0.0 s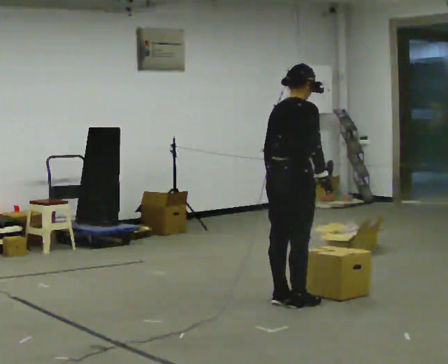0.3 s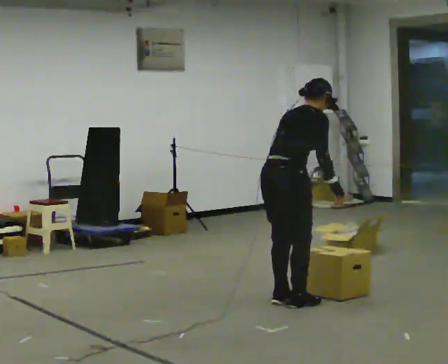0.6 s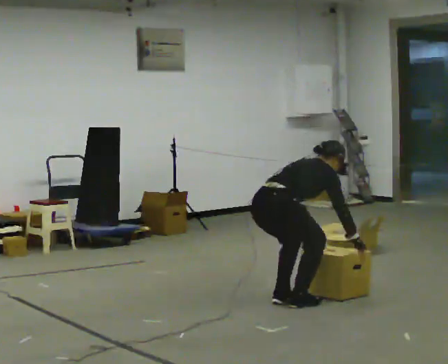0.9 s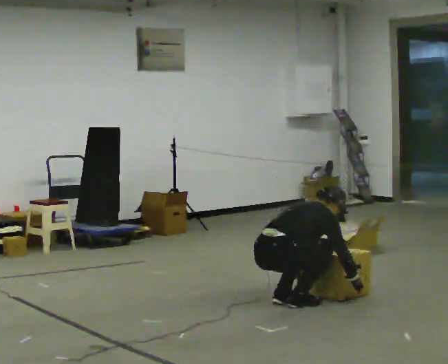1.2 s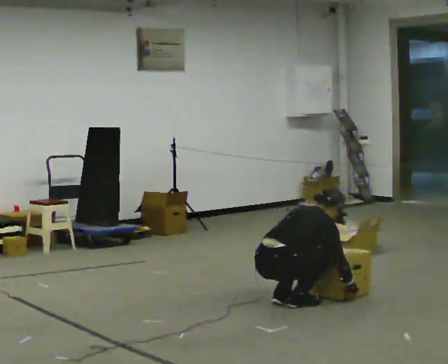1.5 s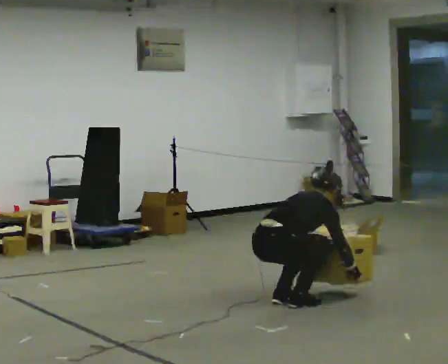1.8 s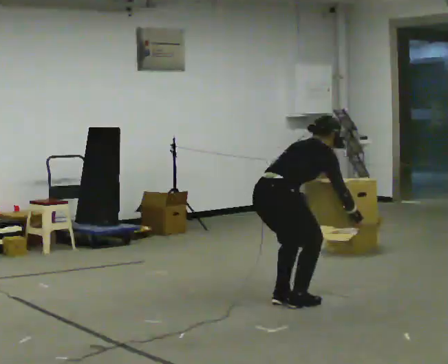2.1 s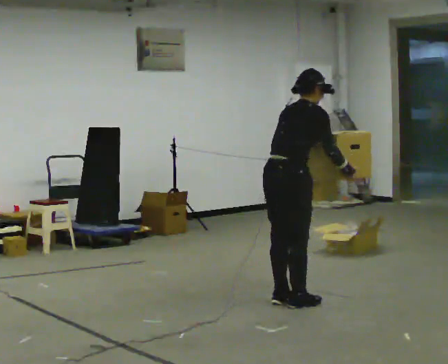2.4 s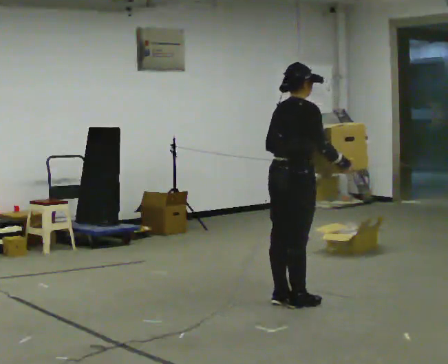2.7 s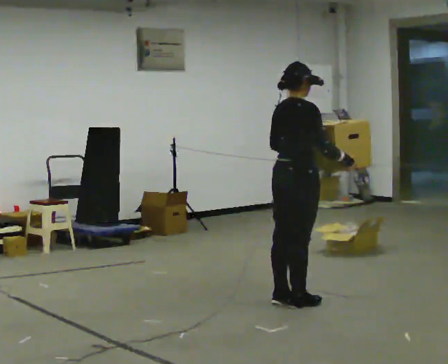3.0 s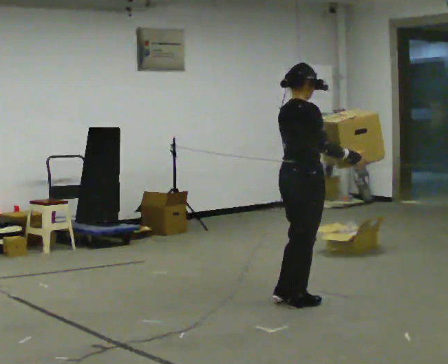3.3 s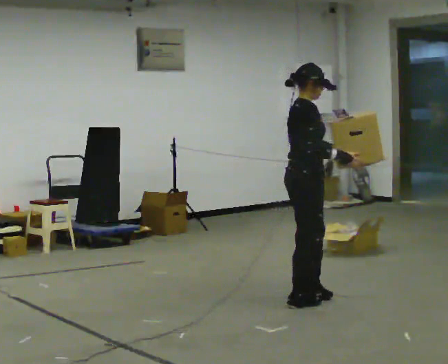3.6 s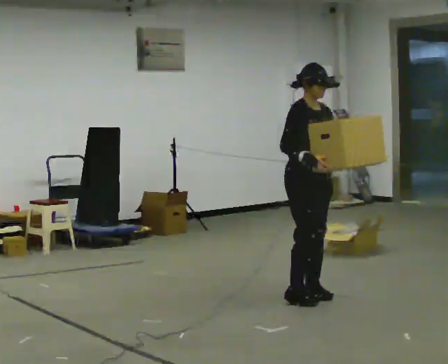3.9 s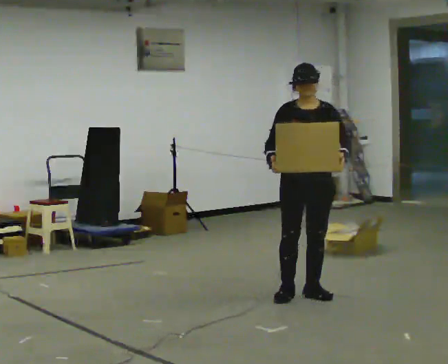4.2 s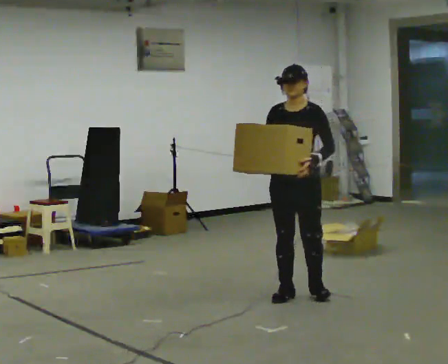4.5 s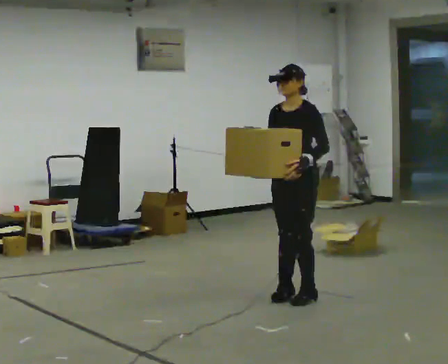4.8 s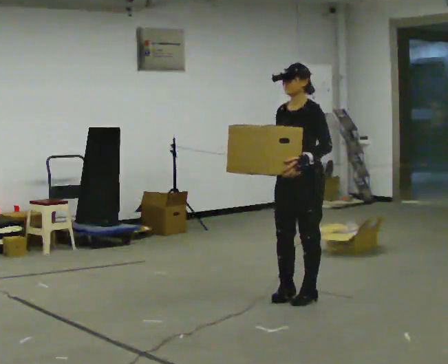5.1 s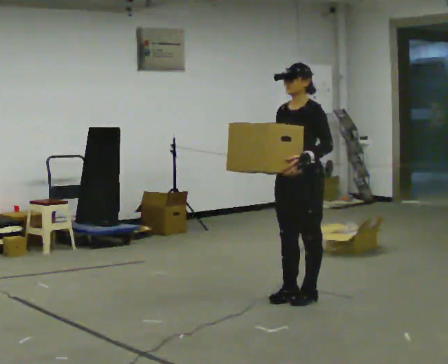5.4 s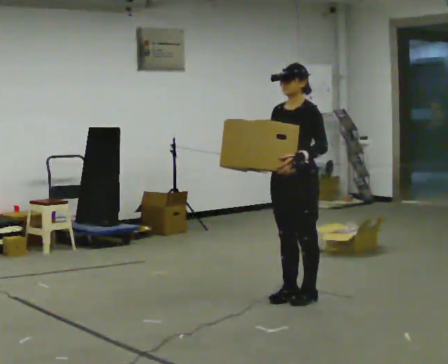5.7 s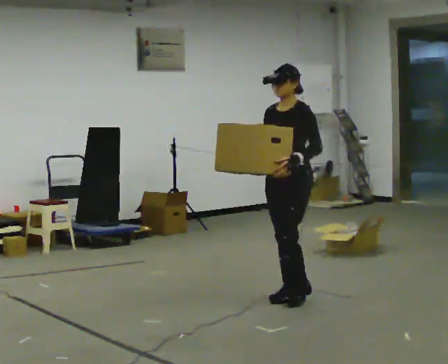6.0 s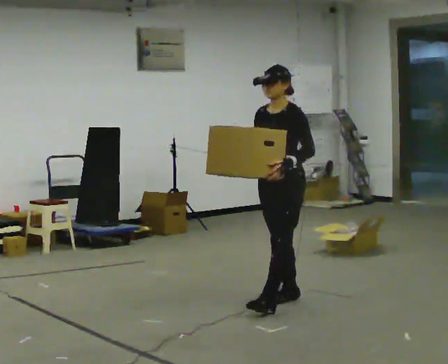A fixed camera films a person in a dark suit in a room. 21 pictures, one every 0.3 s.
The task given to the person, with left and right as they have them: Carry the box along the marked route, turning 90 degrees at the corner the operator calls, and set it down at the end. Keep going until the operator says stop; one object at a time, and do not rush between trips.
0.0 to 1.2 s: The upper body goes downward. In the picture their right hand goes downward.
1.2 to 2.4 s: The shoulders move upward. In the picture the upper body tilts counterclockwise, shoulders to the left, as they lean back or straighten. In the picture their right hand goes upward.
2.4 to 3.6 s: The person turns about 75 degrees to their right, clockwise seen from above, so the part of the body nearest the lens slides to the left. In the picture they go away from the camera, about 0.25 m in 1 step. In the picture their left hand goes to the right, the arm swinging counterclockwise.
3.6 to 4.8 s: The person turns about 90 degrees to their right, clockwise seen from above, so the part of the body nearest the lens slides to the left. In the picture their right hand goes to the left.
4.8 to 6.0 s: The person moves a little, or ends about where they began.
The film runs forward here.
